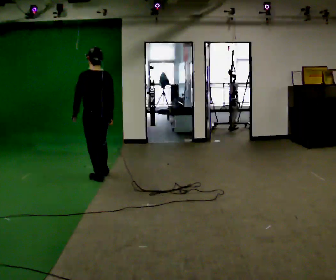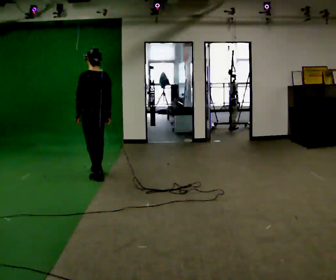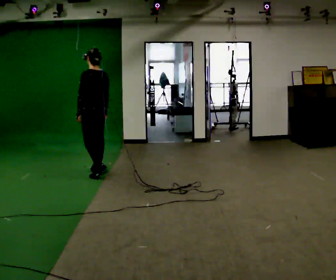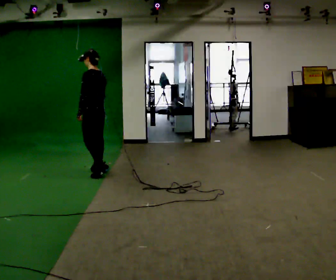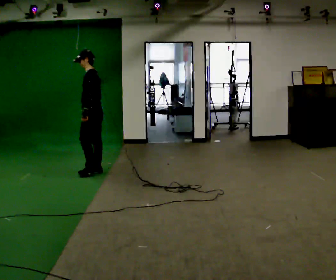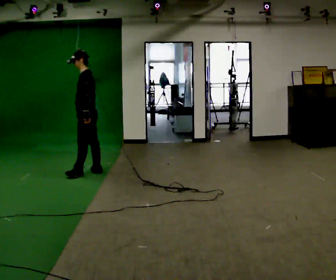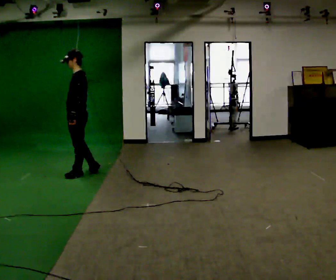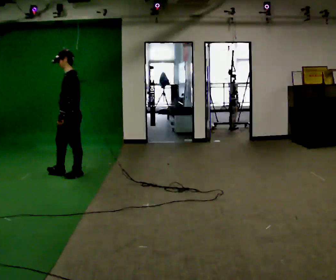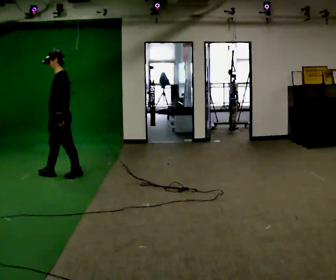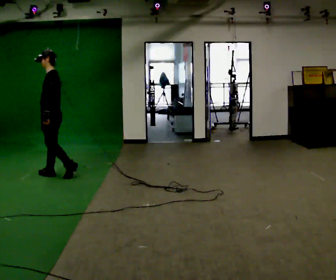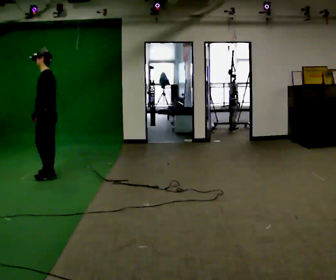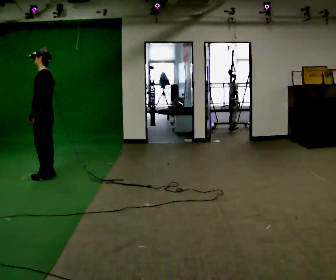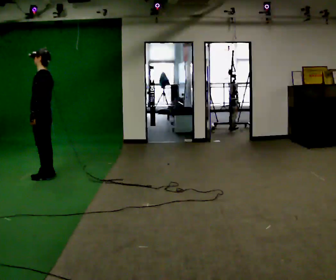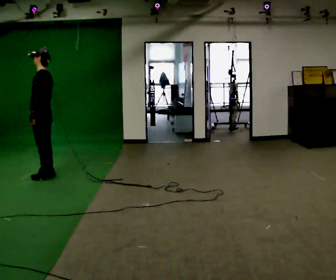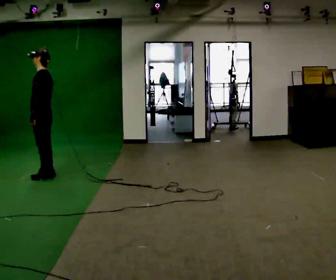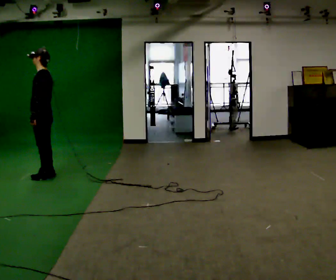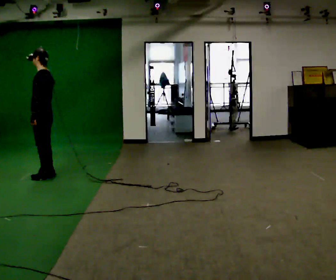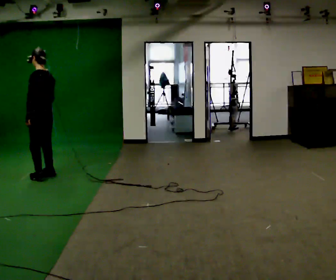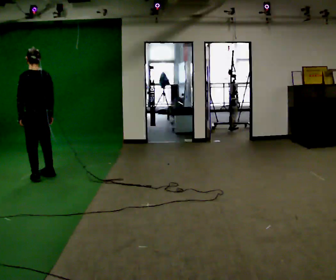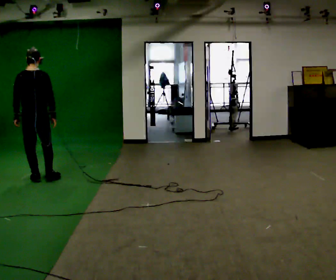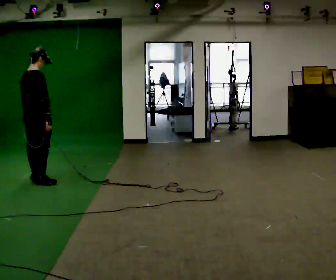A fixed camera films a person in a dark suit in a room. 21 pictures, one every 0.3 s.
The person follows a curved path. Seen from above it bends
counterclockwise.
0.0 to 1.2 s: Seen from above the body turns counterclockwise, about 60 degrees: to their left, with its near side sliding to the right. In the picture they go away from the camera, about 0.25 m in 2 steps.
1.2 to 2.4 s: In the picture they go to the left, about 0.5 m in 2 steps, which for them is forward.
2.4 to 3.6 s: In the picture they go to the left, about 0.25 m in 1 step, which for them is forward. In the picture their left hand goes to the left.
3.6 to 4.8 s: The person moves a little, or ends about where they began.
4.8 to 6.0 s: The part of the body nearest the lens slides to the left as the person turns to their right by about 135 degrees. In the picture they go toward the camera, about 0.25 m in 2 steps.
The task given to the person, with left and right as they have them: Walk through 3–5 turns in sequence; keep moving; stop at end.
The film runs forward here.
